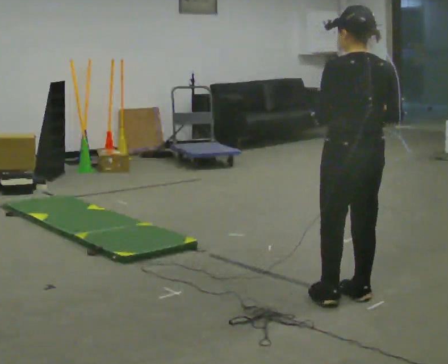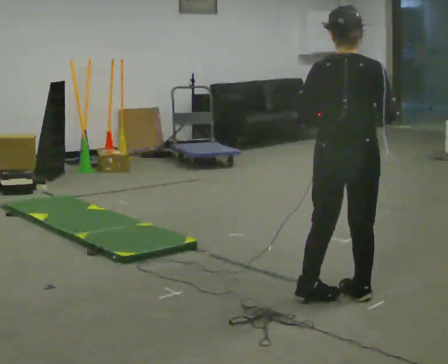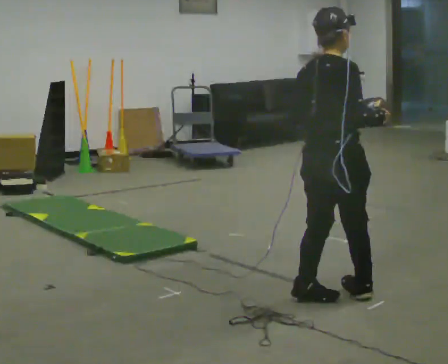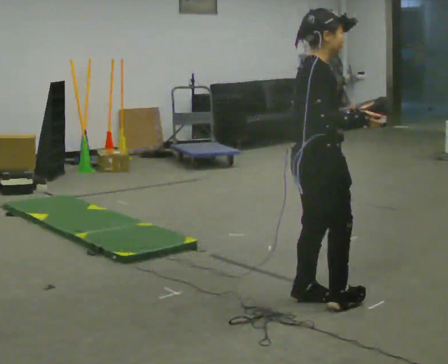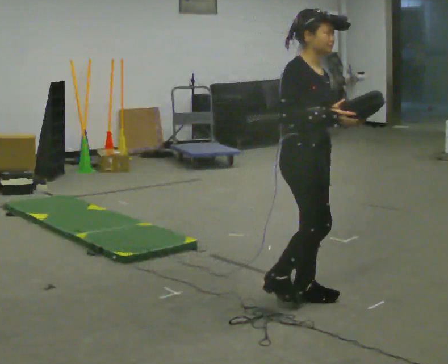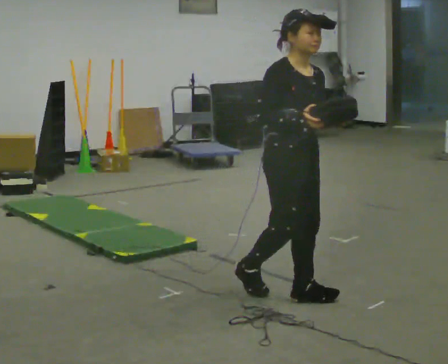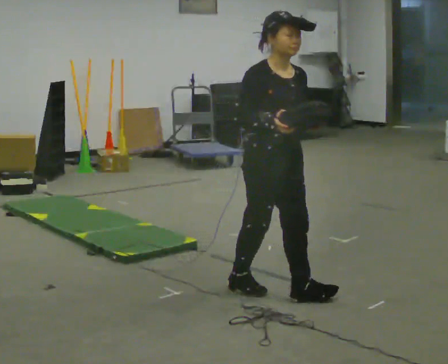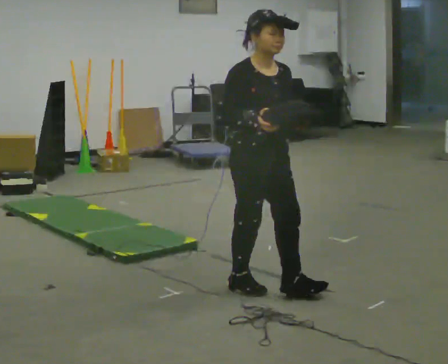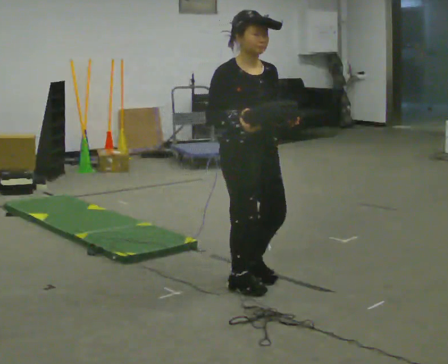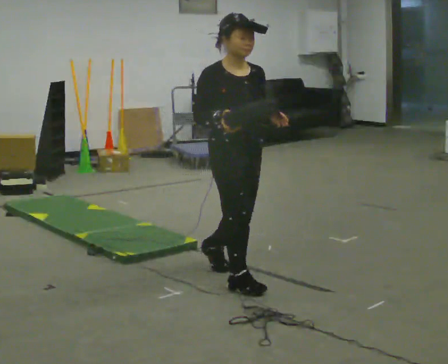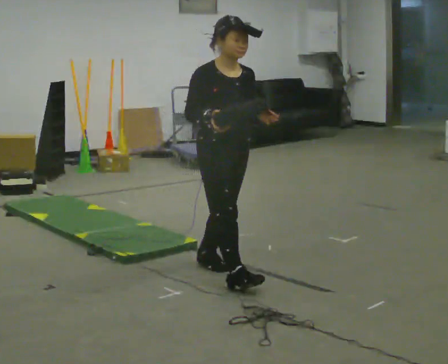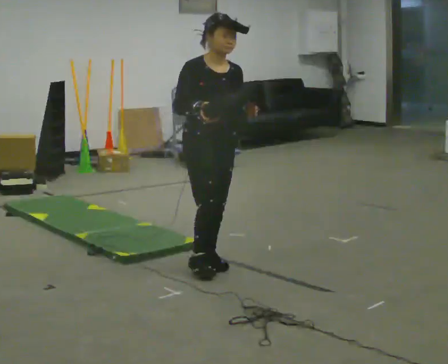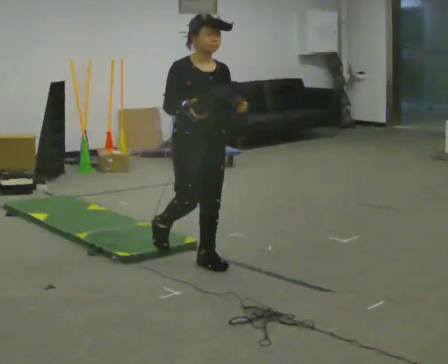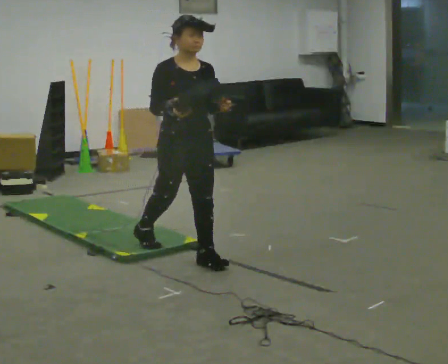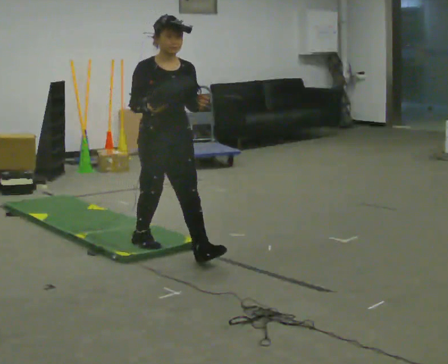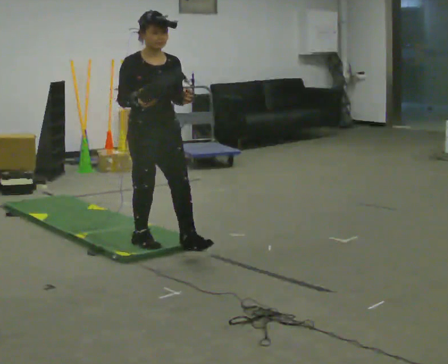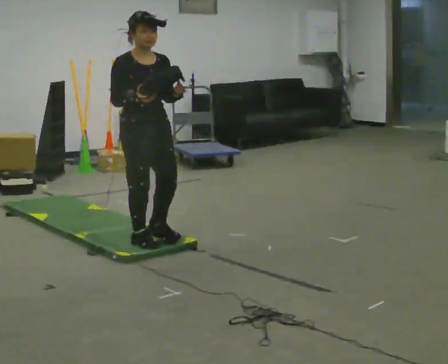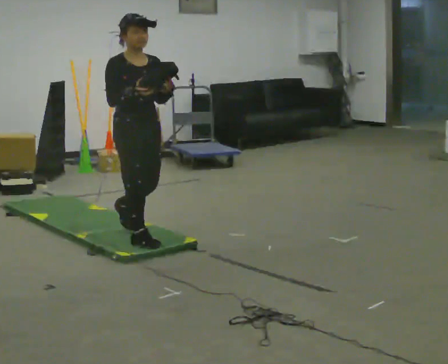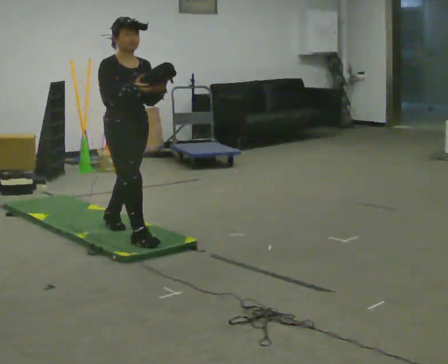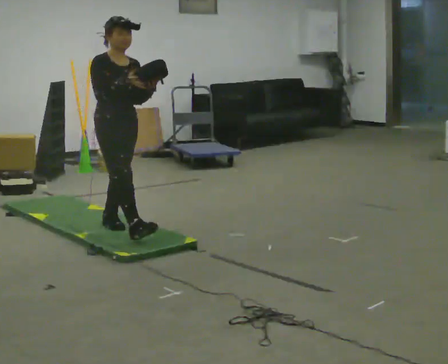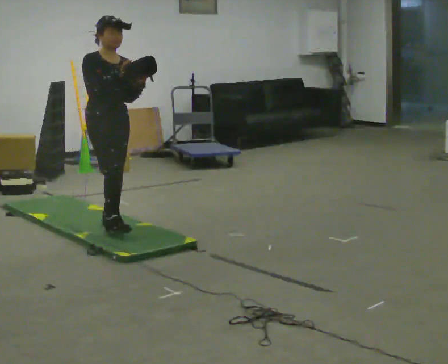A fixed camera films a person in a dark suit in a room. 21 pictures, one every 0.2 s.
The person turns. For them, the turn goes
to their right.
The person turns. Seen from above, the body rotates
clockwise.
0.0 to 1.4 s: Seen from above the body turns clockwise, about 165 degrees: to their right, with its near side sliding to the left. In the picture they go to the left, about 0.5 m in 3 steps.
1.4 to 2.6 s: In the picture they go away from the camera and to the left, about 0.75 m in 1 step, which for them is backward.
2.6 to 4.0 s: In the picture they go to the left and away from the camera, about 1 m in 2 steps, which for them is backward.
The film runs backward here.
